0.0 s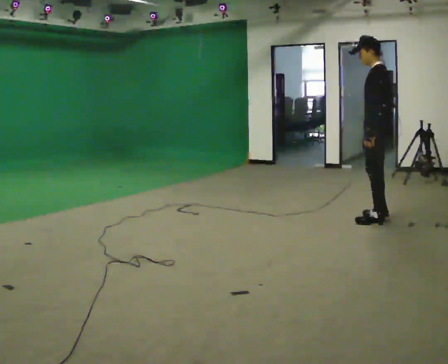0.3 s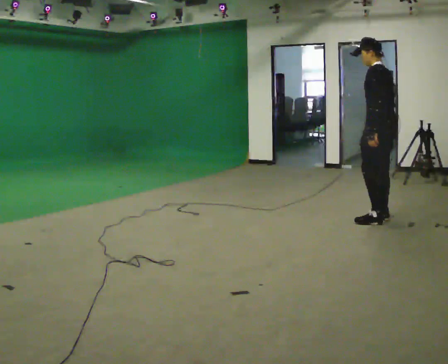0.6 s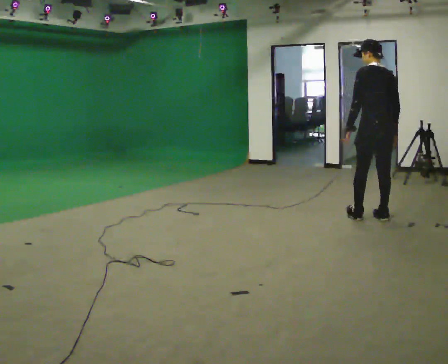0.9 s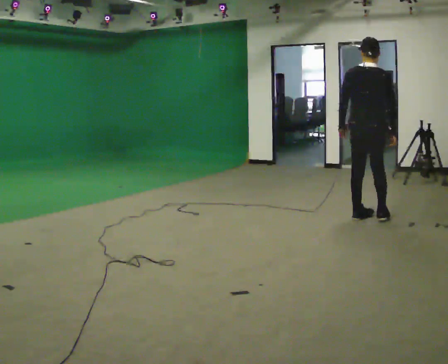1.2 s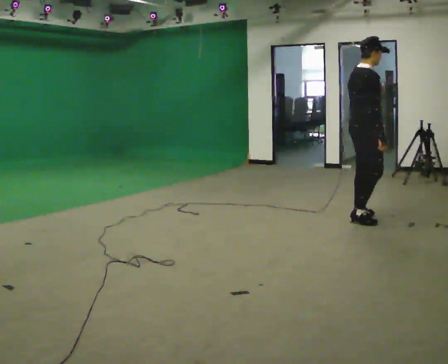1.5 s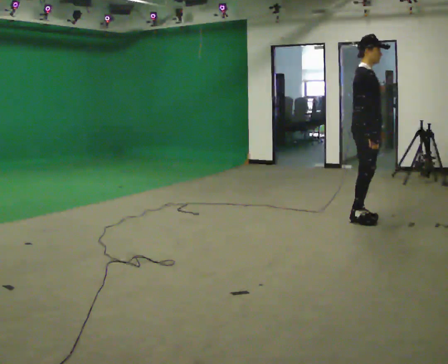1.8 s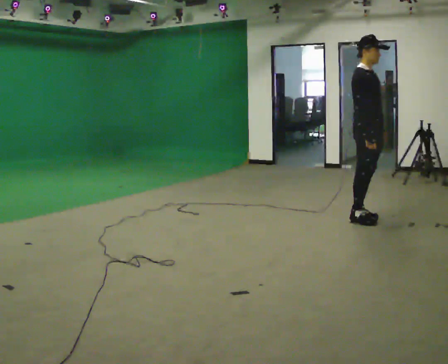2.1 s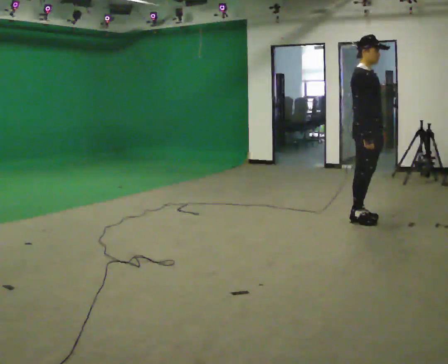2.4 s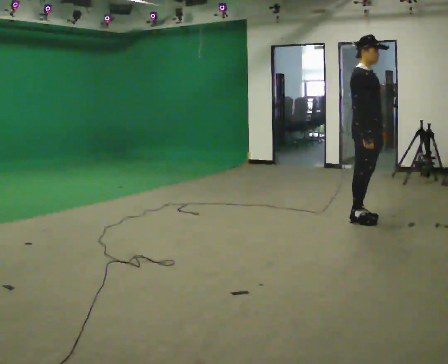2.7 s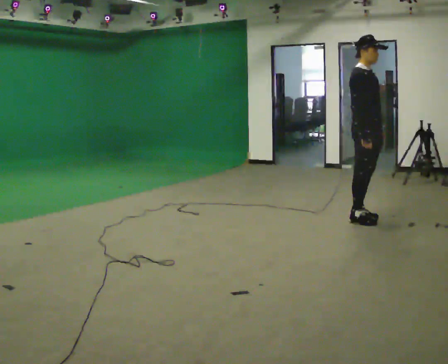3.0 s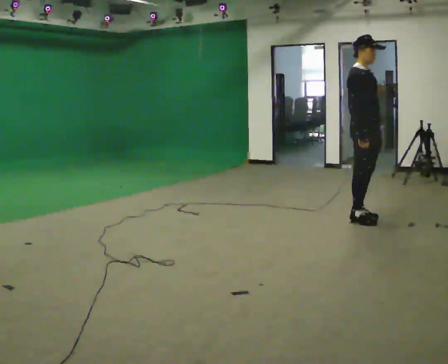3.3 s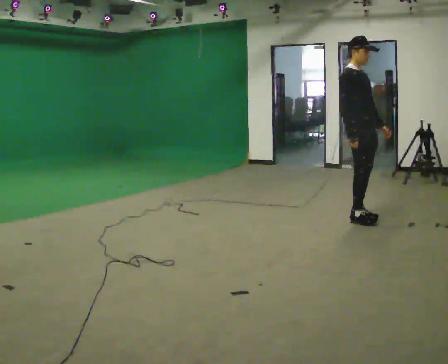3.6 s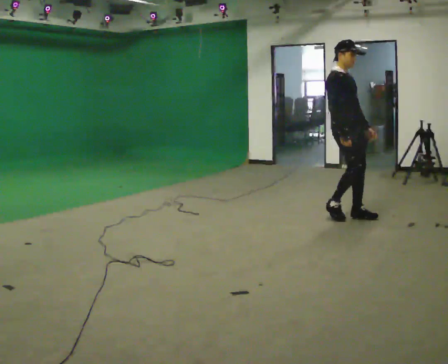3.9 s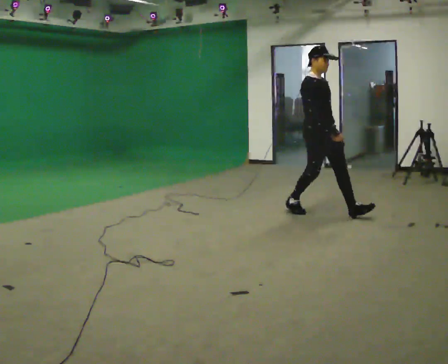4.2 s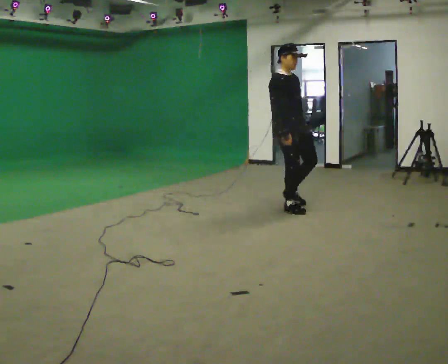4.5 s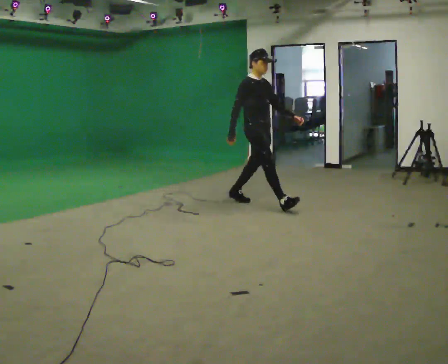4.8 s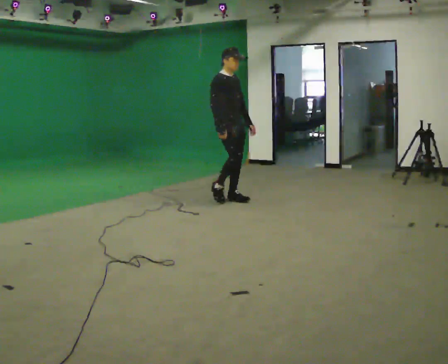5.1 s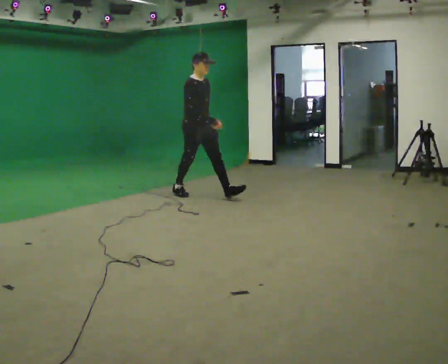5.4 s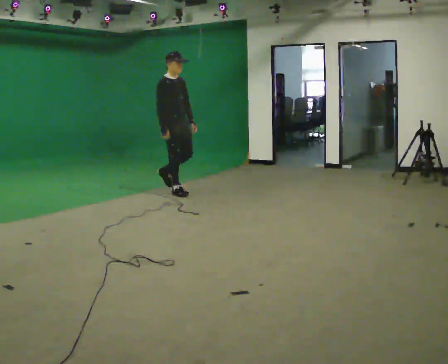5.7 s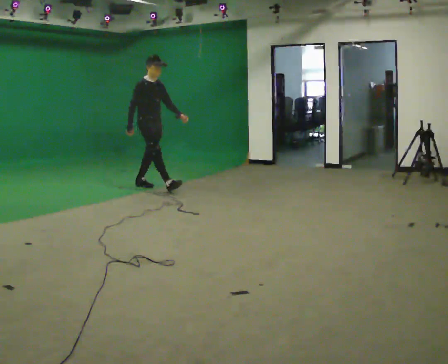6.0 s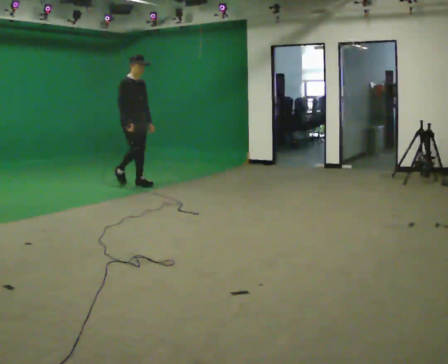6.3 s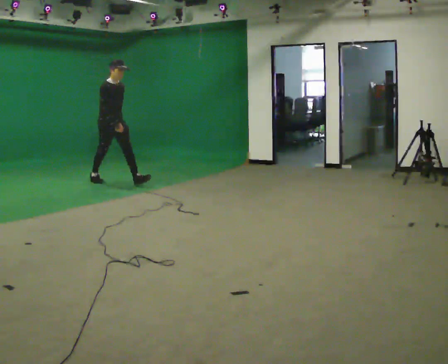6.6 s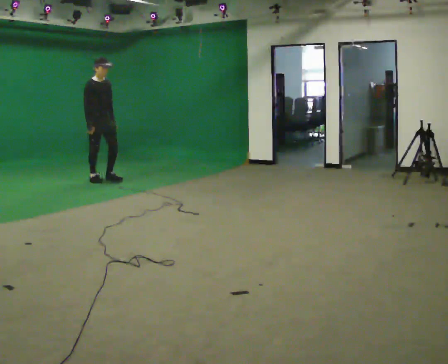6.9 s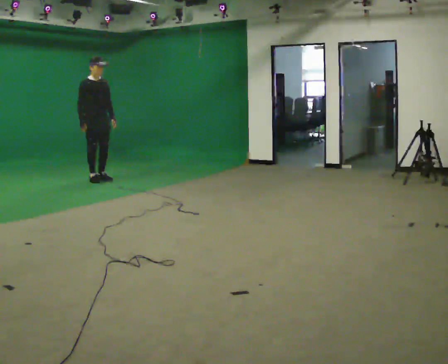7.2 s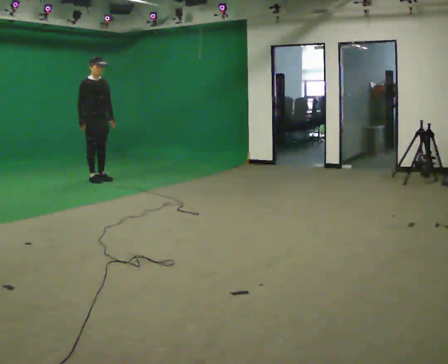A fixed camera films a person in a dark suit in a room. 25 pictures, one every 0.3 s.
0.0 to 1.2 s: Seen from above the body turns clockwise, about 150 degrees: to their right, with its near side sliding to the left. In the picture they go to the left, about 0.25 m in 2 steps.
1.2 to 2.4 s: The person turns about 45 degrees to their right, clockwise seen from above, so the part of the body nearest the lens slides to the left.
2.4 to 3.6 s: In the picture they go to the left, about 0.25 m in 1 step, which for them is backward.
3.6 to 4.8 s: In the picture they go to the left and away from the camera, about 1.5 m in 2 steps, which for them is backward.
4.8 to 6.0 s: In the picture they go to the left, about 1.5 m in 2 steps, which for them is backward.
6.0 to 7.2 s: In the picture they go to the left, about 0.5 m in 1 step, which for them is backward.
The film runs backward here.
